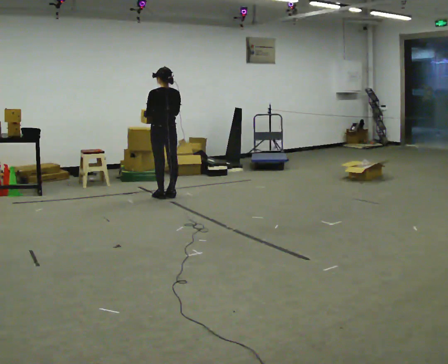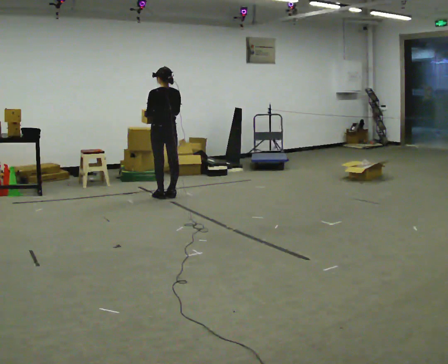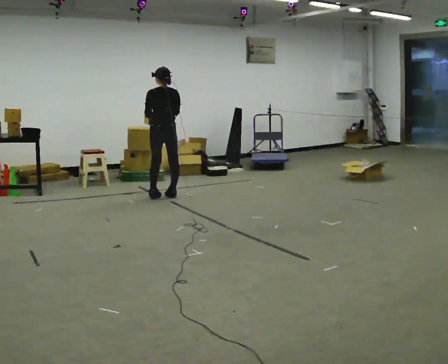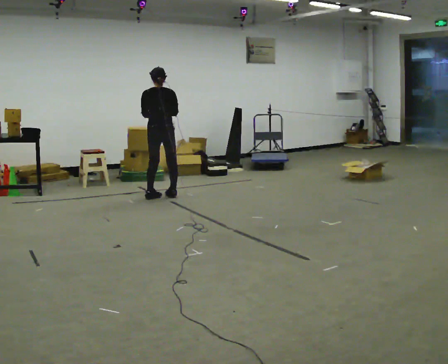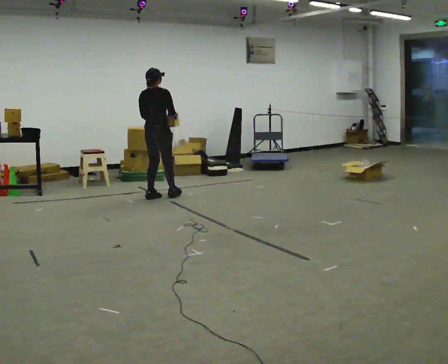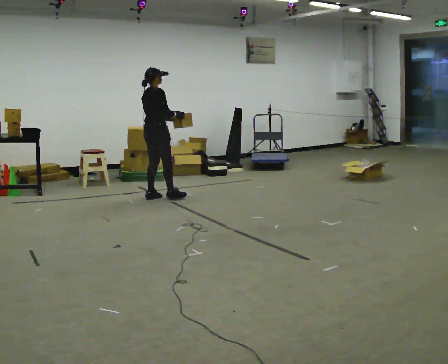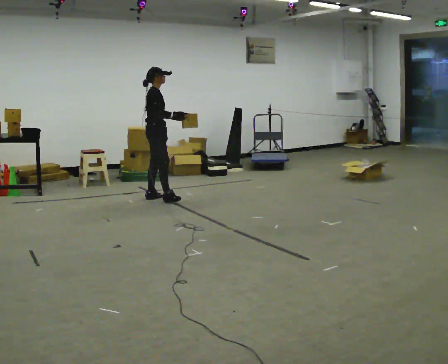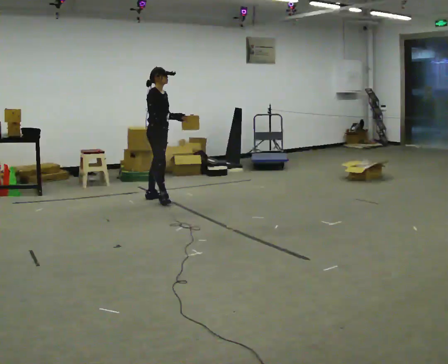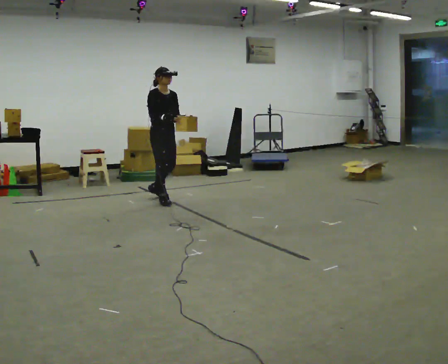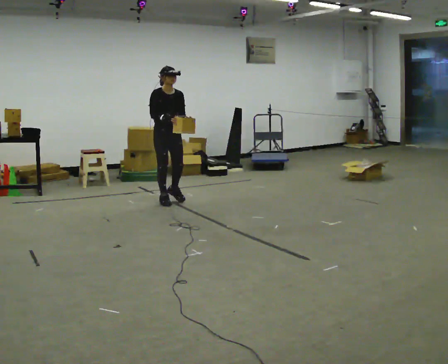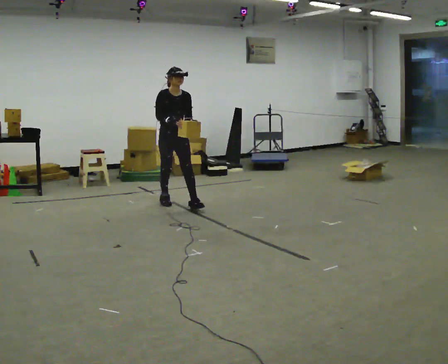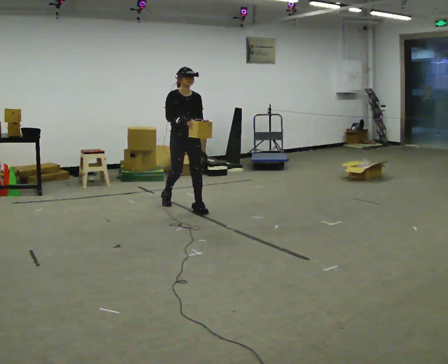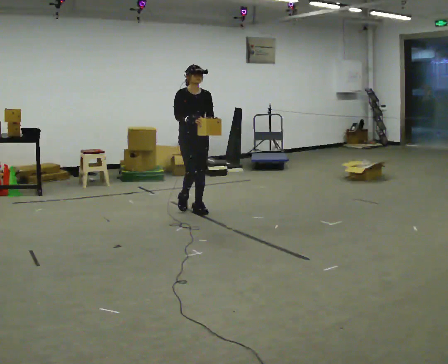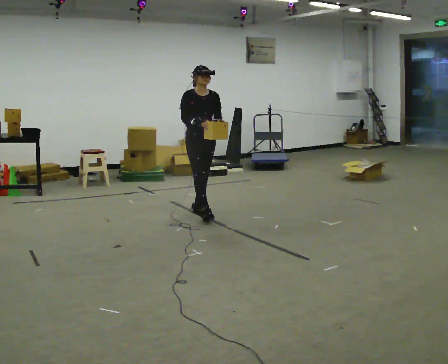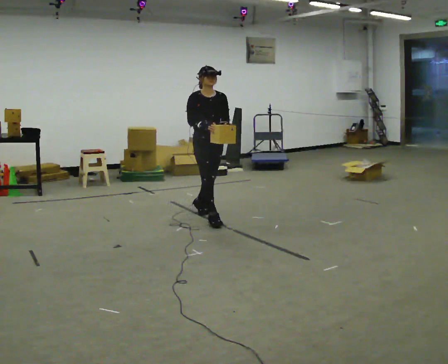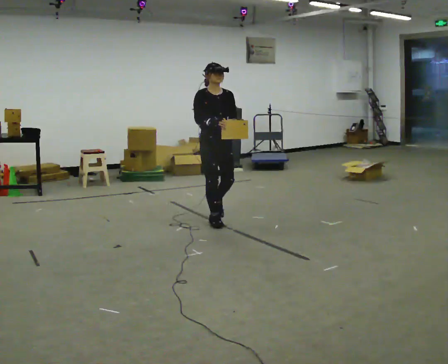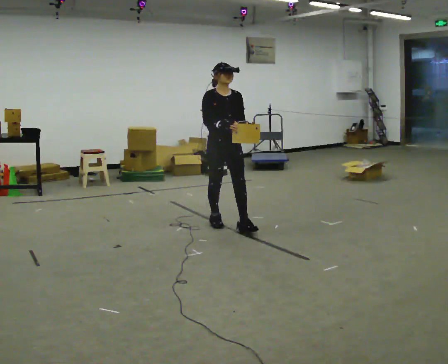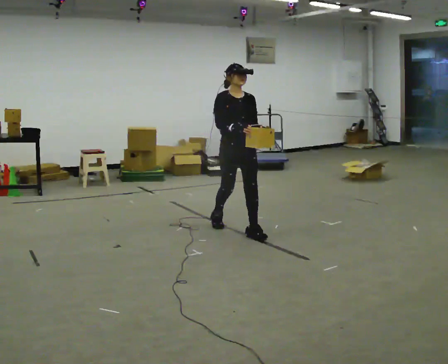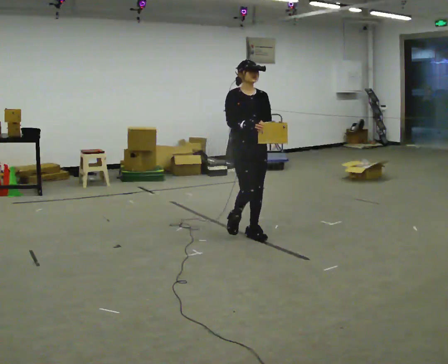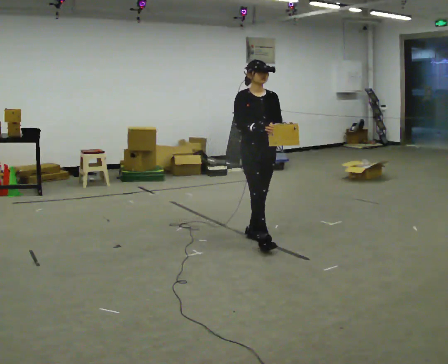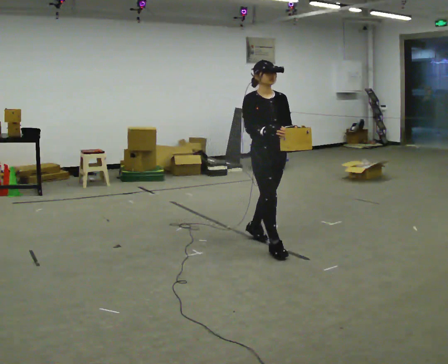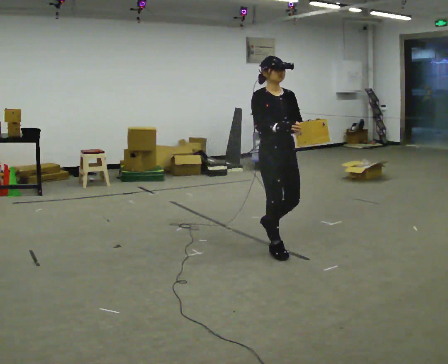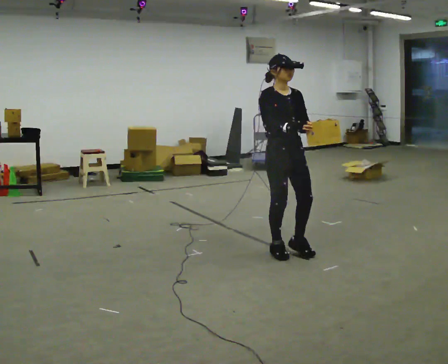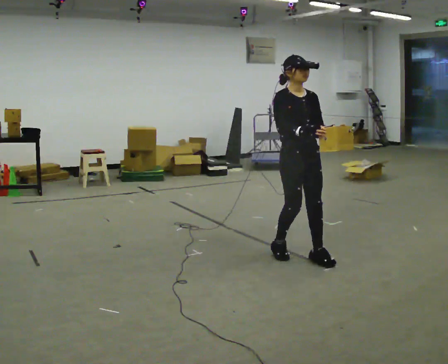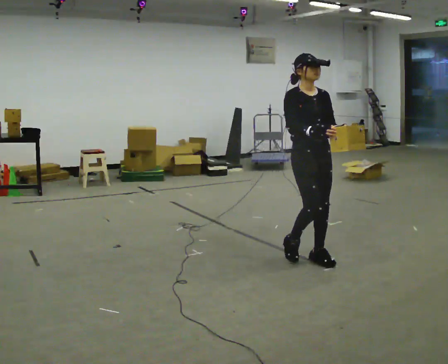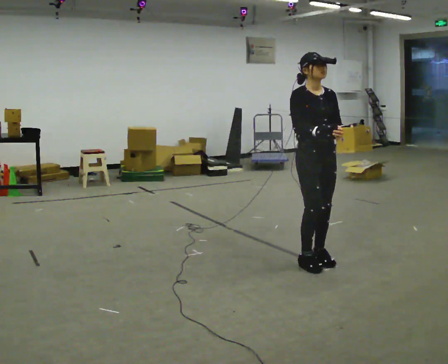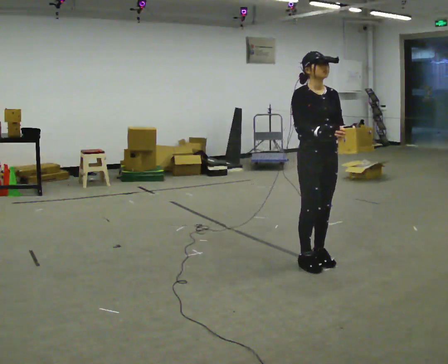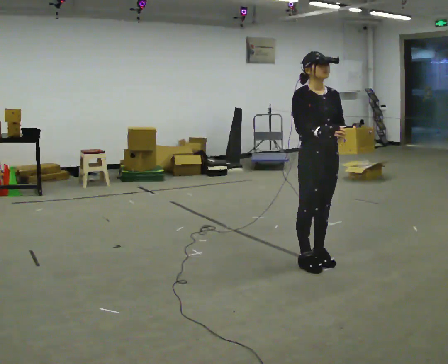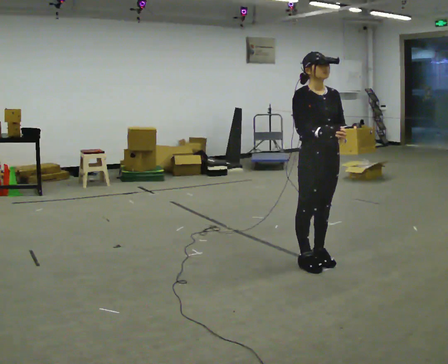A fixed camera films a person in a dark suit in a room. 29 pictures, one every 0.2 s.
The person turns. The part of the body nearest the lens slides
to the left.
The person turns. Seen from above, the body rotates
clockwise.
0.0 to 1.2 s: The part of the body nearest the lens slides to the left as the person turns to their right by about 120 degrees. In the picture they go toward the camera, about 0.25 m in 1 step.
1.2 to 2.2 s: The part of the body nearest the lens slides to the left as the person turns to their right by about 60 degrees. In the picture they go to the right and toward the camera, about 0.5 m in 2 steps.
2.2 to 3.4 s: In the picture they go toward the camera and to the right, about 1 m in 2 steps, which for them is forward.
3.4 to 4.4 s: In the picture they go toward the camera and to the right, about 0.5 m in 1 step, which for them is forward.
4.4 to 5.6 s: In the picture they go toward the camera and to the right, about 0.25 m in 2 steps, which for them is forward.
The film runs forward here.
